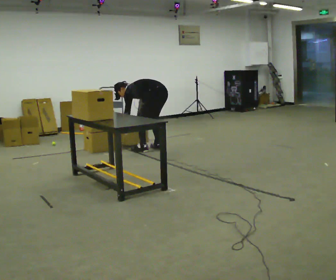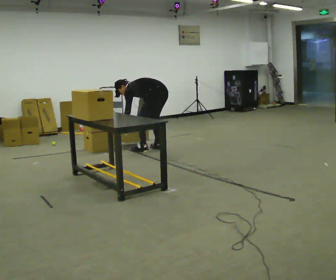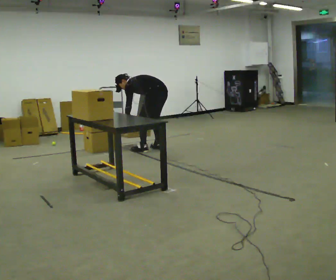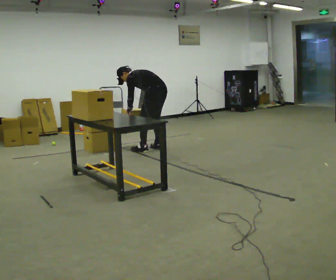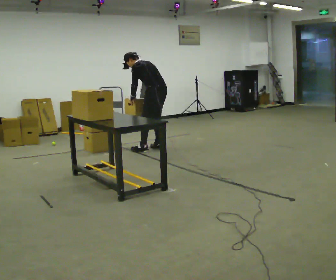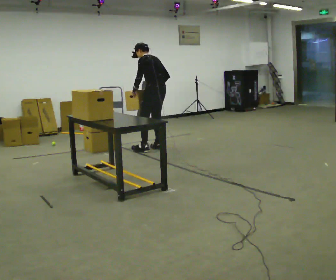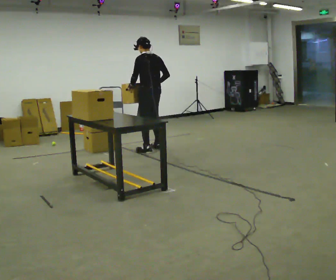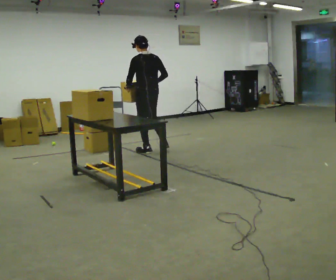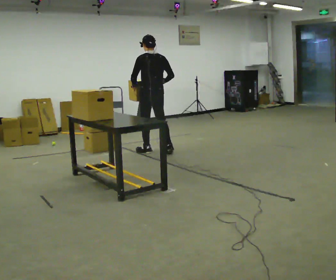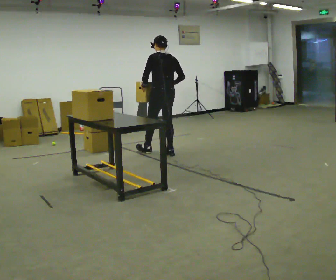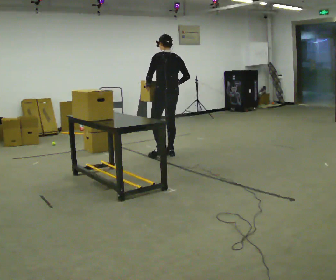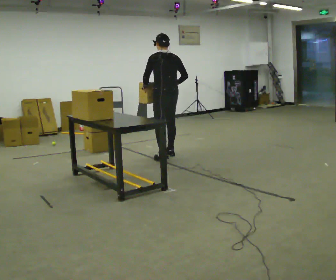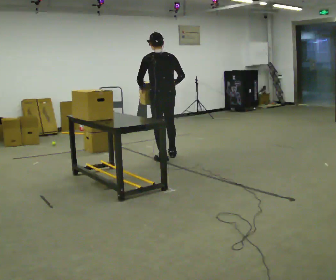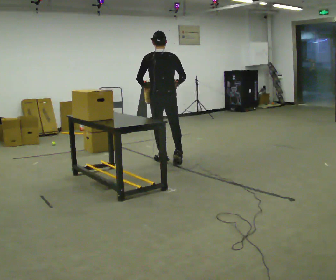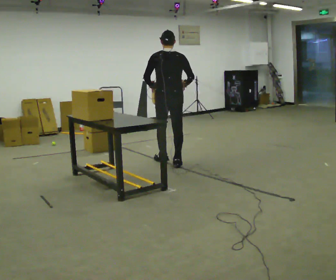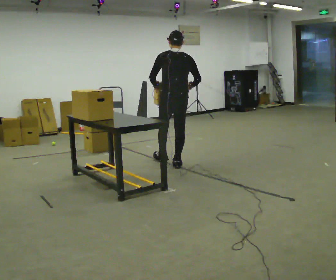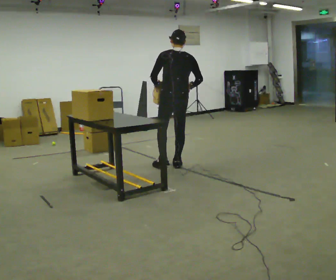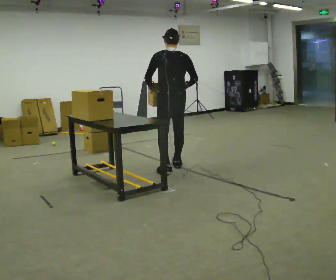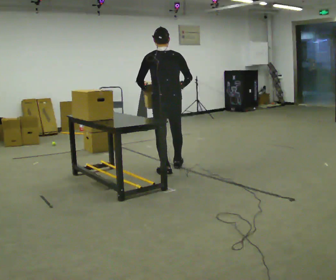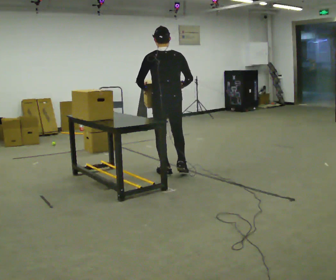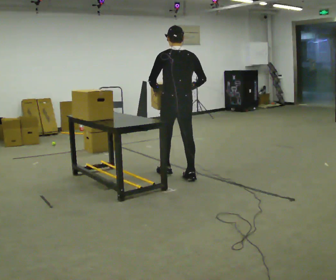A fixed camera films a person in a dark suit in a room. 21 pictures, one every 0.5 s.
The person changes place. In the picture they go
toward the camera.
The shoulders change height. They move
upward.
0.0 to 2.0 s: The upper body goes upward. In the picture the upper body tilts clockwise, shoulders to the right, as they lean back or straighten. In the picture their left hand goes upward.
2.0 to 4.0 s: Seen from above the body turns clockwise, about 30 degrees: to their right, with its near side sliding to the left. In the picture they go toward the camera, about 0.25 m in 1 step, which for them is to their left. In the picture the upper body tilts clockwise, shoulders to the right, as they lean back or straighten.
4.0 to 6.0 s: In the picture they go toward the camera, about 0.5 m in 2 steps, which for them is backward.
6.0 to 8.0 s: In the picture they go toward the camera and to the right, about 0.5 m in 1 step, which for them is backward and to their right.
8.0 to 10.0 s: In the picture they go toward the camera, about 0.5 m in 1 step, which for them is backward.
The film runs backward here.
